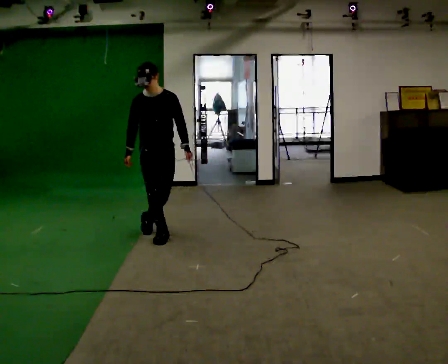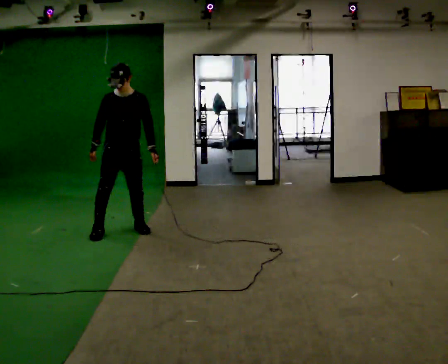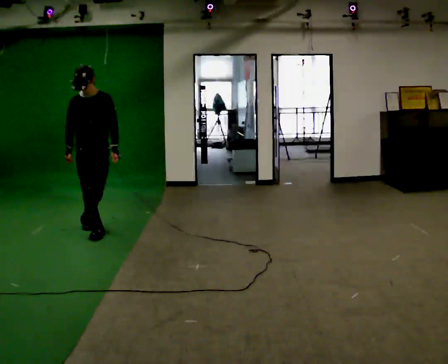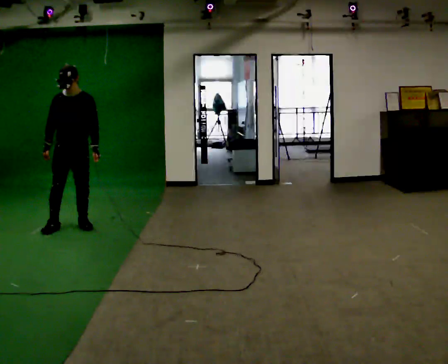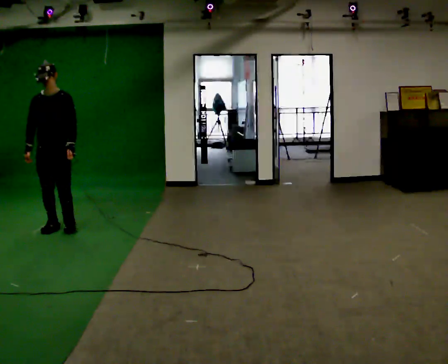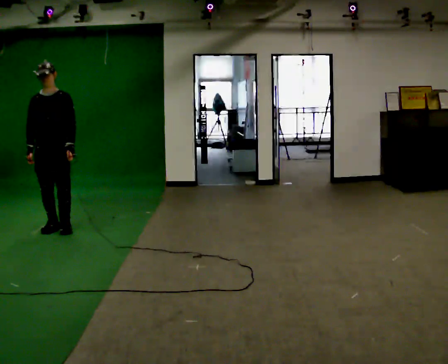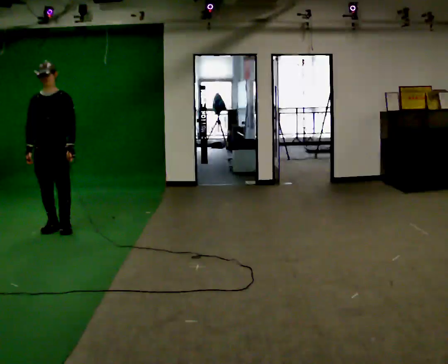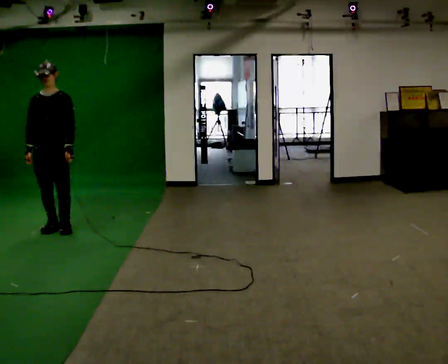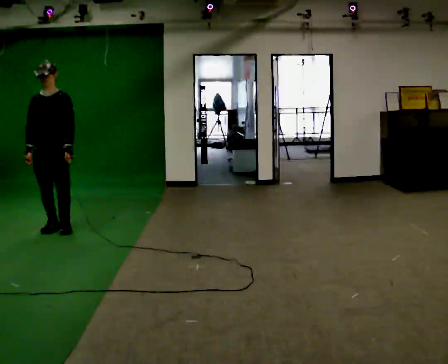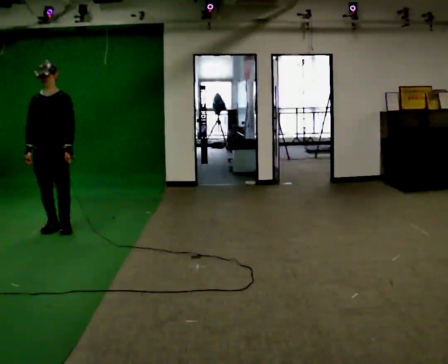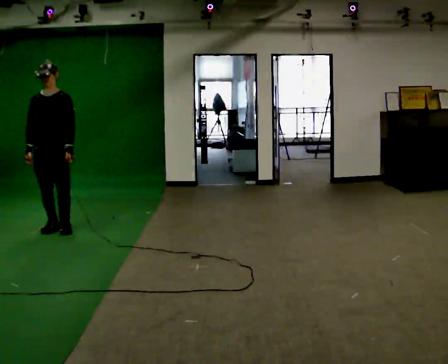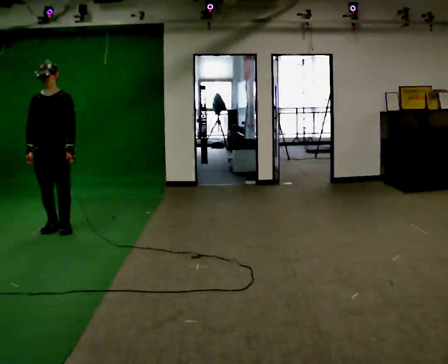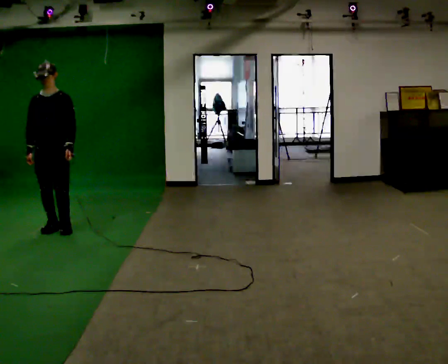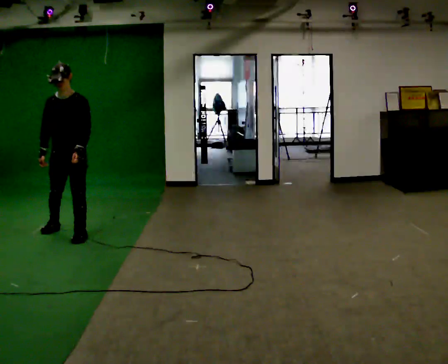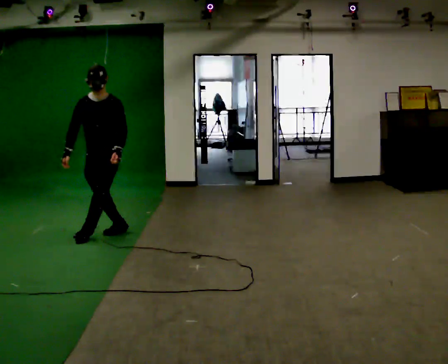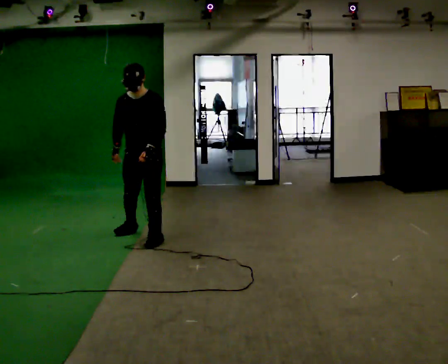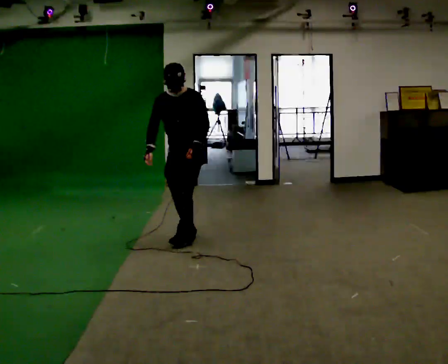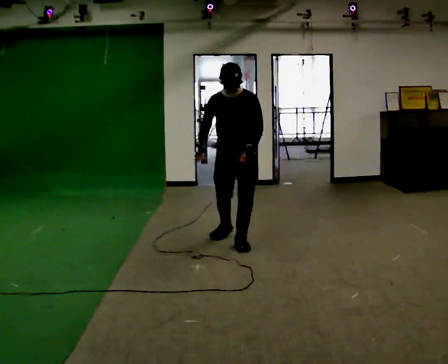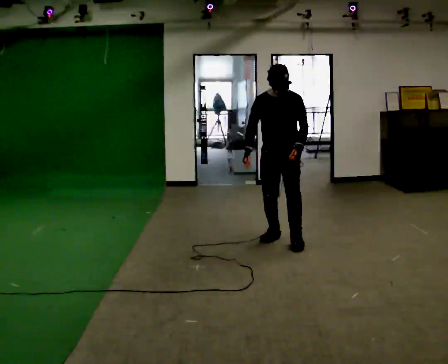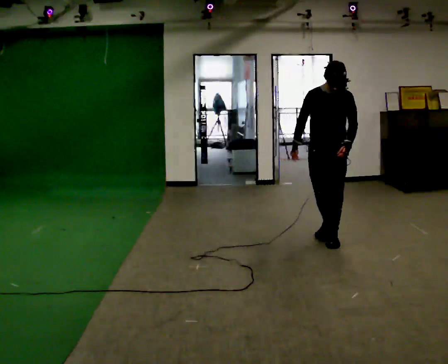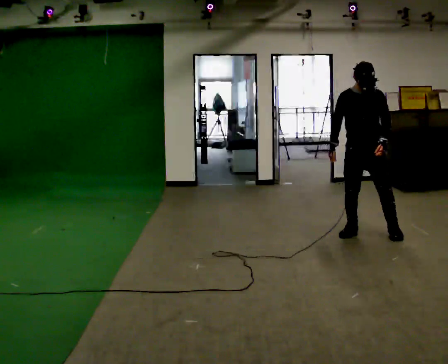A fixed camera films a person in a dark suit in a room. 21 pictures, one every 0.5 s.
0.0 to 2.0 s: In the picture they go to the left, about 1 m in 4 steps, which for them is to their right and backward.
2.0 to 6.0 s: The person moves a little, or ends about where they began.
6.0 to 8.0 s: The person turns about 30 degrees to their right, clockwise seen from above, so the part of the body nearest the lens slides to the left. In the picture they go to the right, about 1.5 m in 4 steps, which for them is to their left.
8.0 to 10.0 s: In the picture they go to the right, about 1.5 m in 4 steps, which for them is to their left.
The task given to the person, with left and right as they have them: Move sideways in the direction the operator calls, crossing one foot in front and then behind, alternating.
The film runs forward here.
